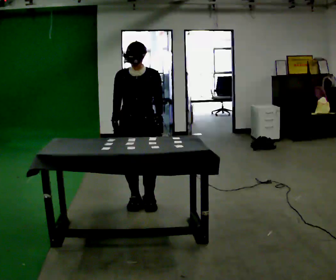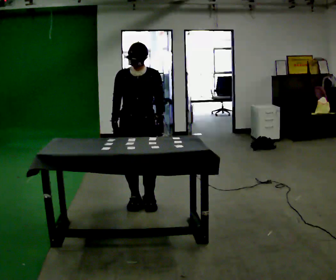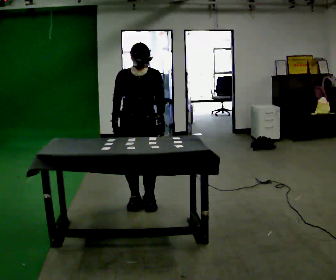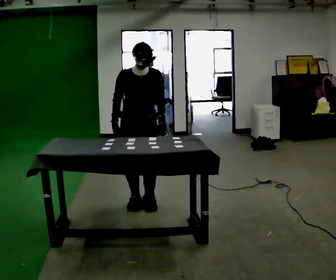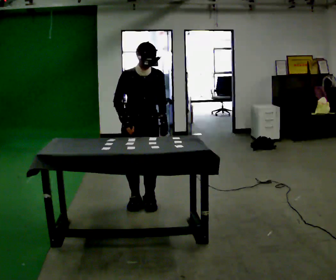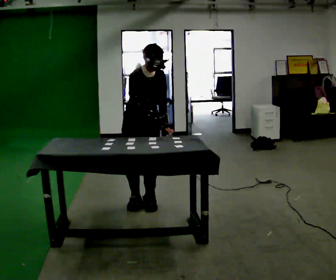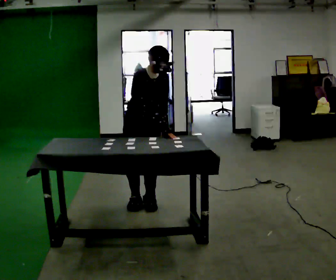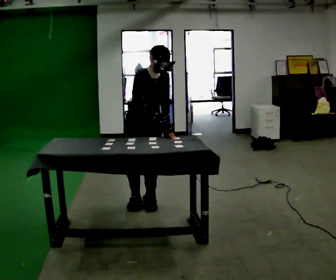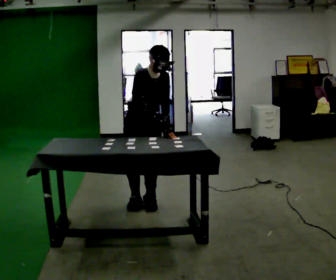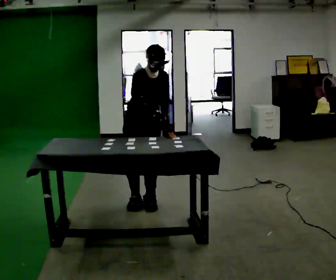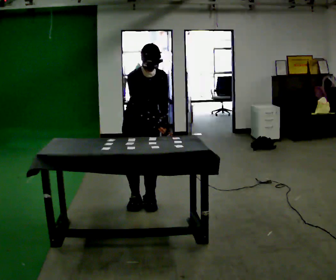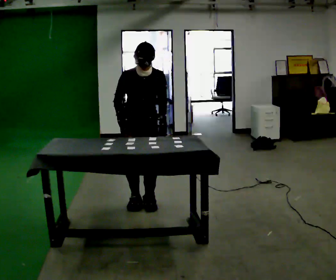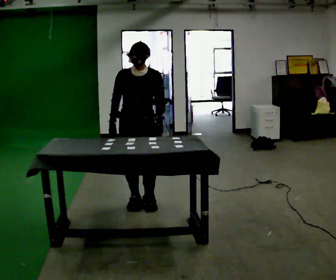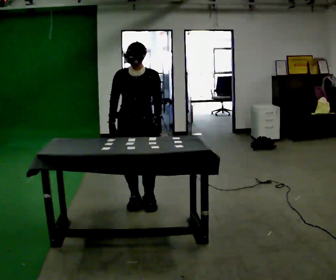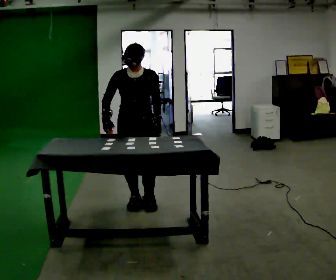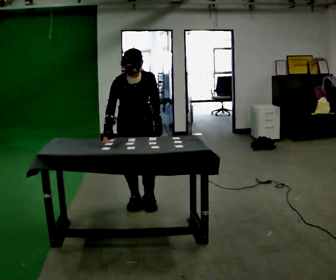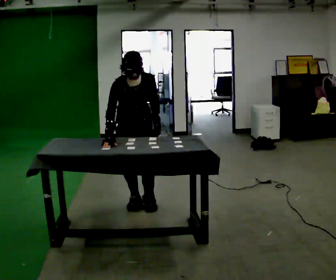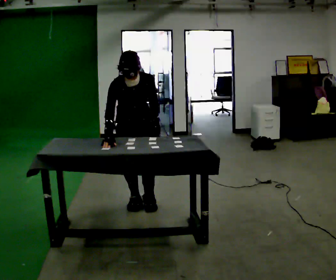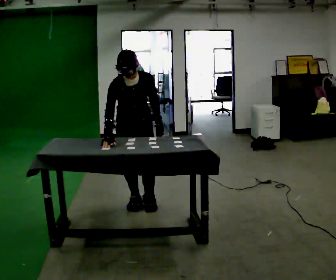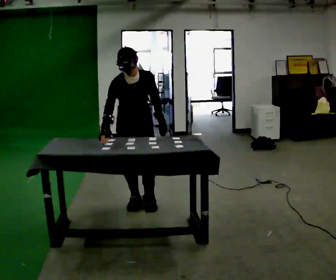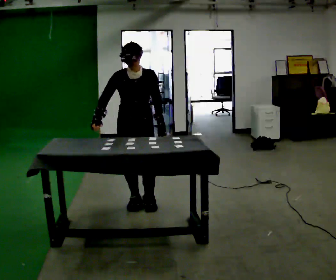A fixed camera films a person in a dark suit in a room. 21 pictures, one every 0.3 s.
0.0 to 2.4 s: The part of the body nearest the lens slides to the right as the person turns to their left by about 30 degrees. In the picture the upper body tilts clockwise, shoulders to the right, as they bend forward. In the picture their right hand goes to the right.
2.4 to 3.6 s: The part of the body nearest the lens slides to the left as the person turns to their right by about 30 degrees. In the picture the upper body tilts counterclockwise, shoulders to the left. In the picture their right hand goes to the left.
3.6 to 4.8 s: The upper body tips toward the camera, its near side rolling downward, as they bend forward.
4.8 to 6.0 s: The upper body tips away from the camera, its near side rolling upward, as they lean back or straighten.
The film runs forward here.
